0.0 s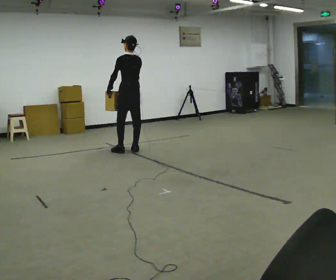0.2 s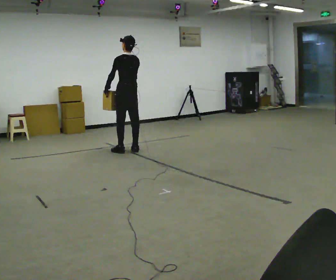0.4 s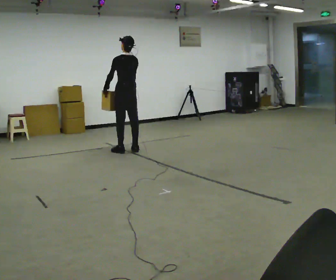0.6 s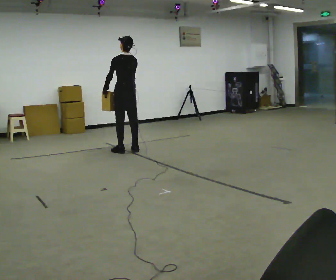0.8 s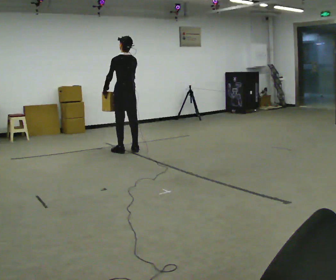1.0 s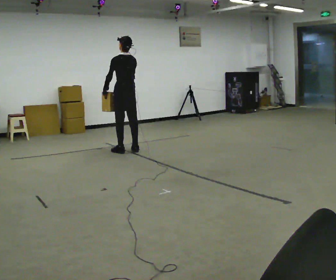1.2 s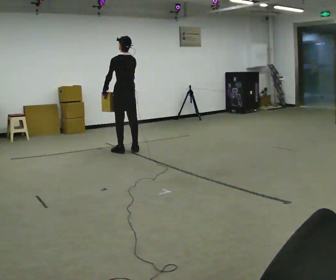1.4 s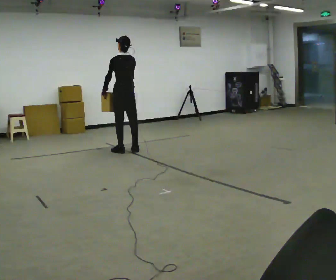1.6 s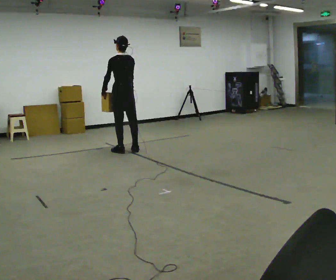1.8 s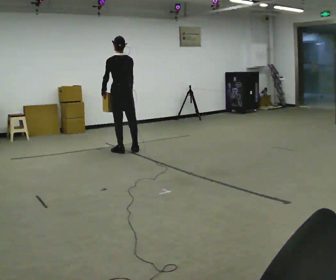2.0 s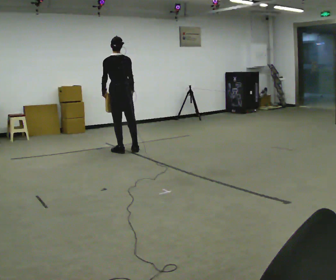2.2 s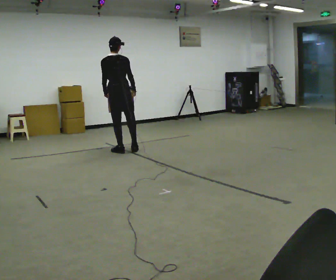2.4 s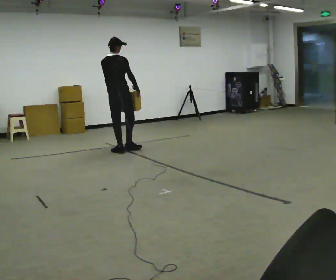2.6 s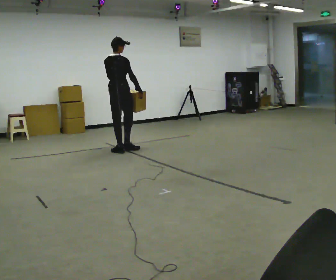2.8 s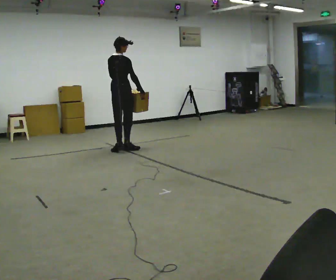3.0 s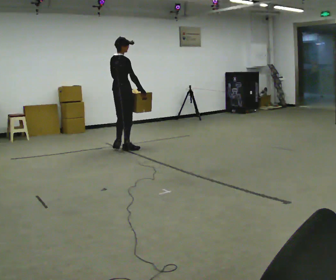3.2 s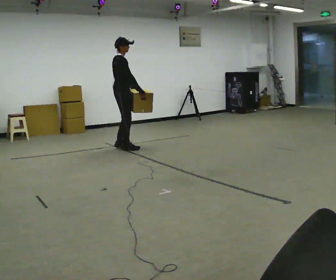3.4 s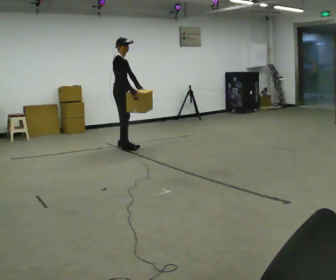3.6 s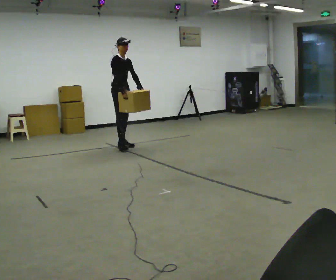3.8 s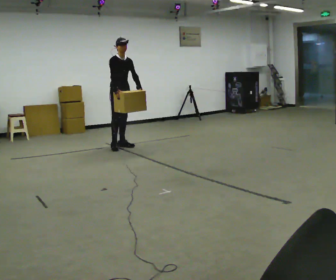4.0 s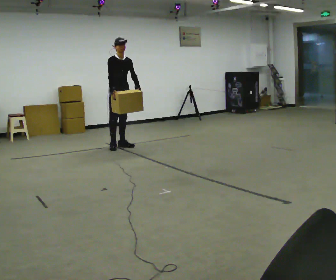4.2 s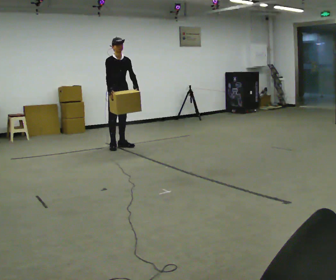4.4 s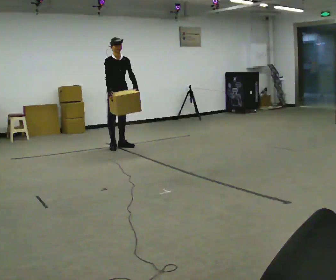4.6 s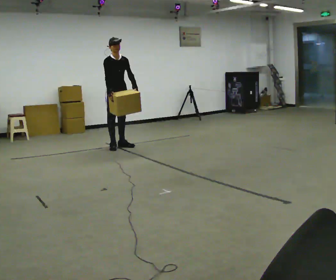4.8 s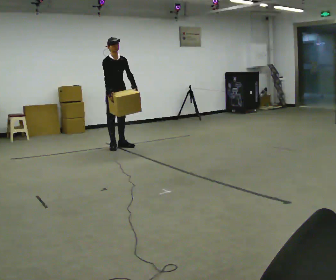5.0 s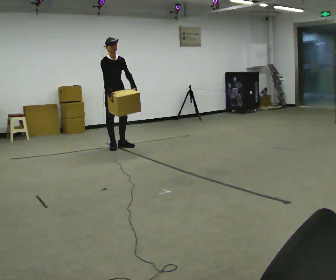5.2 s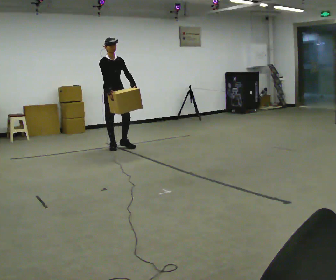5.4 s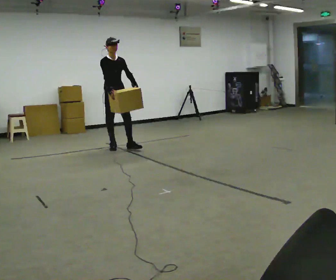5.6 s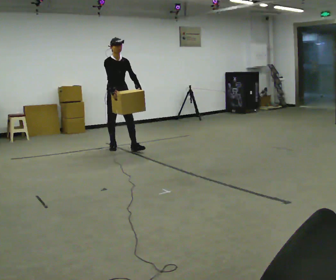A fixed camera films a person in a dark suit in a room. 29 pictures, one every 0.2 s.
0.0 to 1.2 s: The person moves a little, or ends about where they began.
1.2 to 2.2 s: Seen from above the body turns clockwise, about 30 degrees: to their right, with its near side sliding to the left.
2.2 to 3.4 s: The person turns about 105 degrees to their right, clockwise seen from above, so the part of the body nearest the lens slides to the left. In the picture they go away from the camera, about 0.25 m in 2 steps.
3.4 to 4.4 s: The part of the body nearest the lens slides to the left as the person turns to their right by about 45 degrees. In the picture their right hand goes to the left.
4.4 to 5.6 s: In the picture they go toward the camera, about 0.25 m in 1 step, which for them is forward.
The film runs forward here.
